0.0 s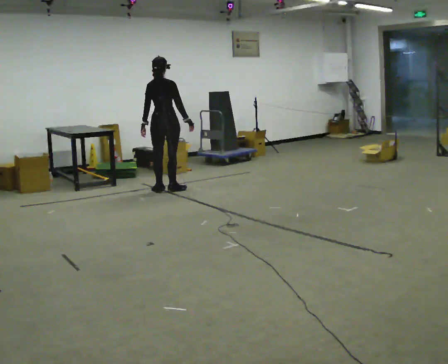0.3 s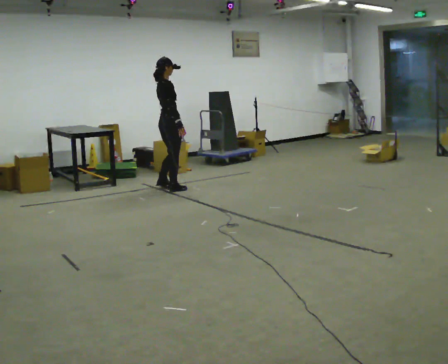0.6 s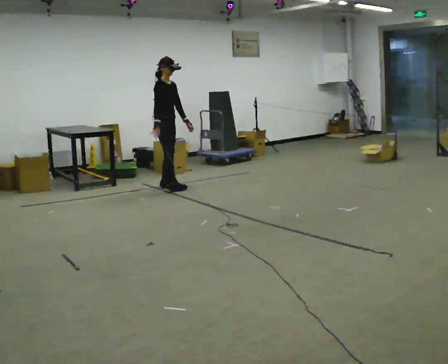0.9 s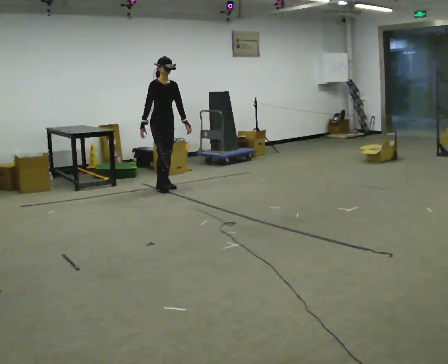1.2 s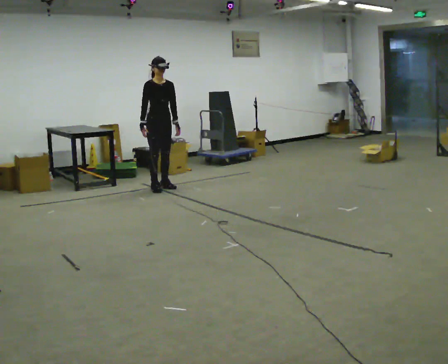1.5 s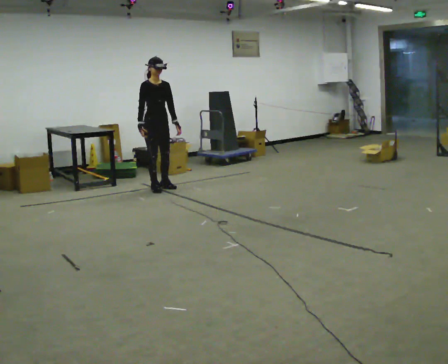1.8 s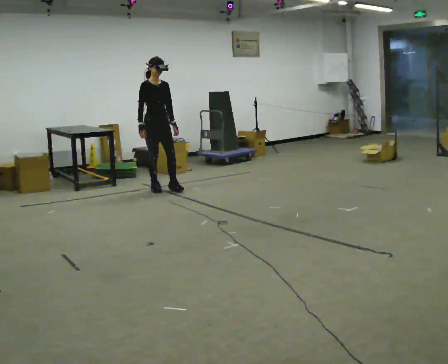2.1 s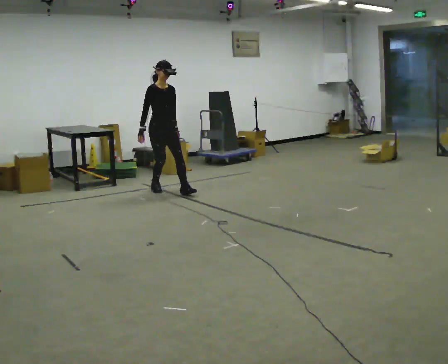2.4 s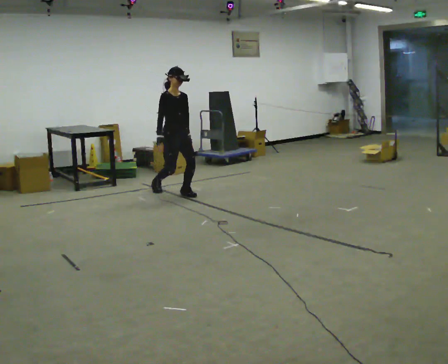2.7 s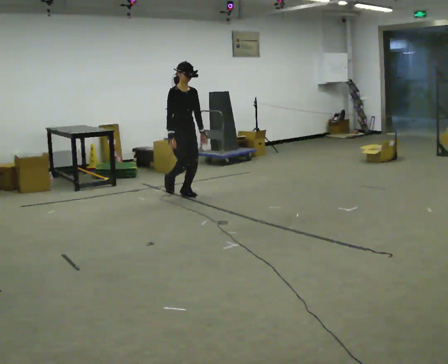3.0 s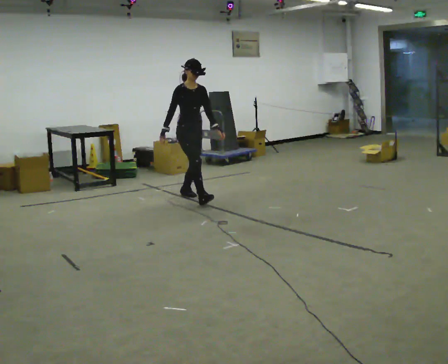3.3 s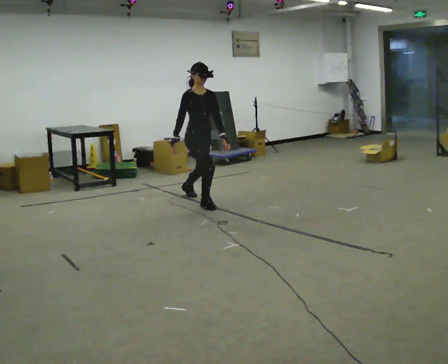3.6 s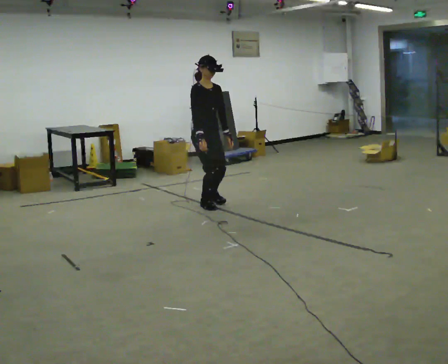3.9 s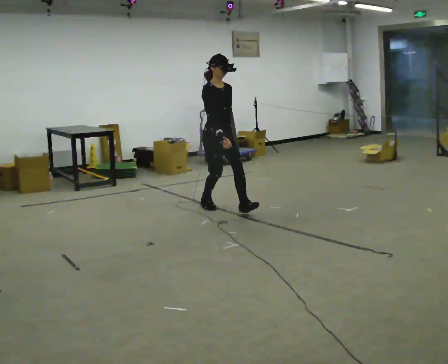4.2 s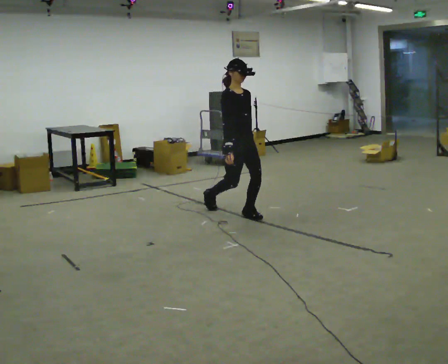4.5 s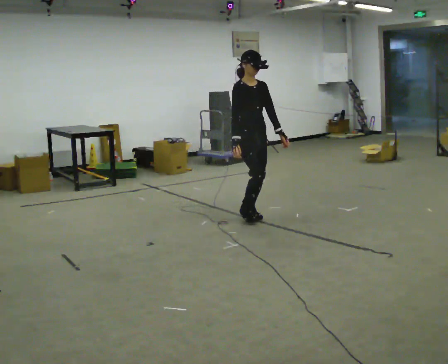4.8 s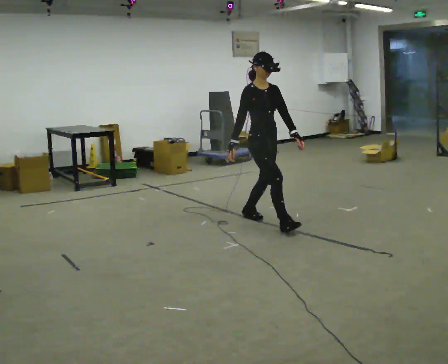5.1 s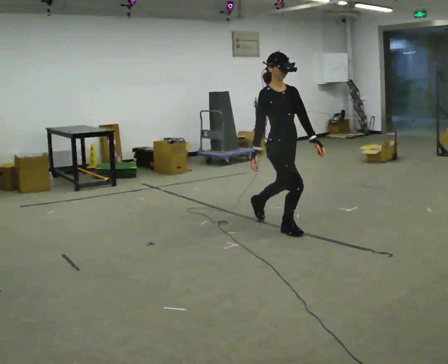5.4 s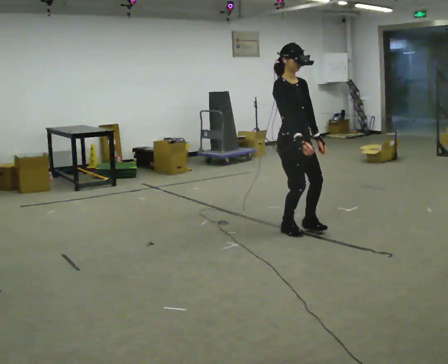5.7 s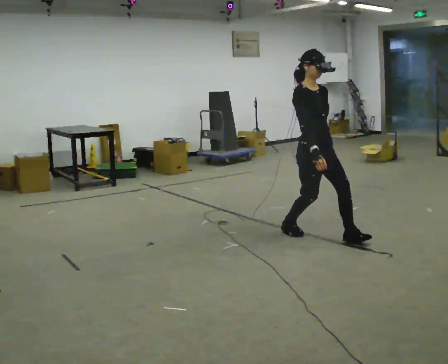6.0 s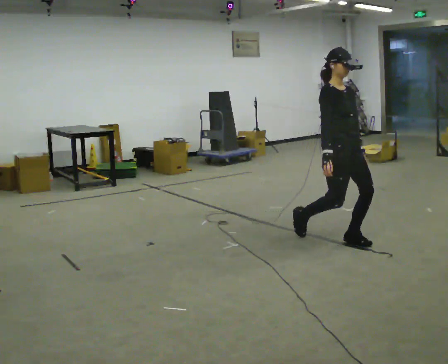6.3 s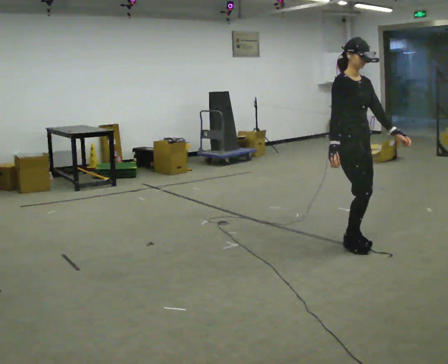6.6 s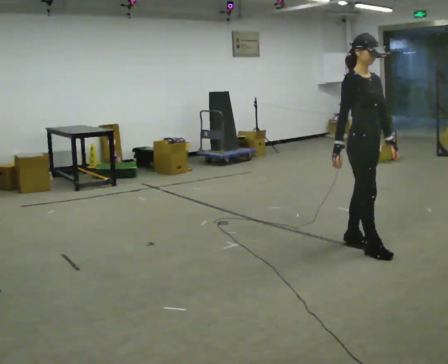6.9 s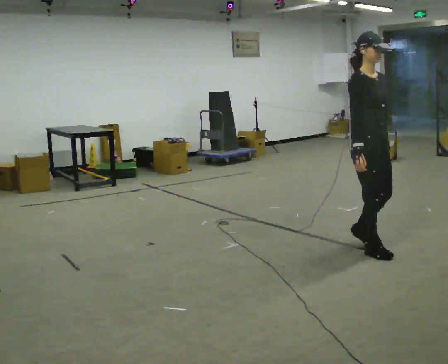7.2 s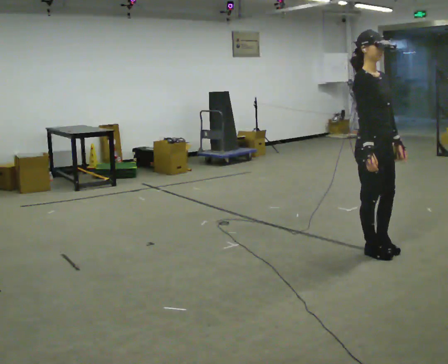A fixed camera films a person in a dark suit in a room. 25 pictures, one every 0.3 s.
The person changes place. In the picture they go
toward the camera.
0.0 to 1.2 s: The part of the body nearest the lens slides to the left as the person turns to their right by about 120 degrees. In the picture their right hand goes to the left, the arm swinging clockwise.
1.2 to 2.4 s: In the picture they go toward the camera and to the right, about 0.5 m in 1 step, which for them is forward.
2.4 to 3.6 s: In the picture they go toward the camera and to the right, about 1 m in 1 step, which for them is forward.
3.6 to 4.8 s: In the picture they go toward the camera and to the right, about 1 m in 1 step, which for them is forward.
4.8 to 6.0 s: In the picture they go toward the camera and to the right, about 1 m in 2 steps, which for them is forward.
6.0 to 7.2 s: In the picture they go toward the camera, about 0.25 m in 2 steps, which for them is forward.
The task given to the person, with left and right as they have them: Walk forward in a lowered crouched posture at a comfortable speed; do not go lower than is comfortable; stop.
The film runs forward here.
